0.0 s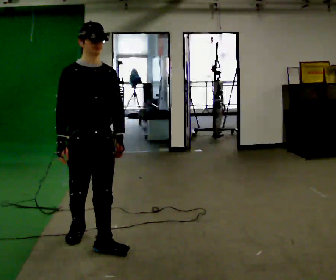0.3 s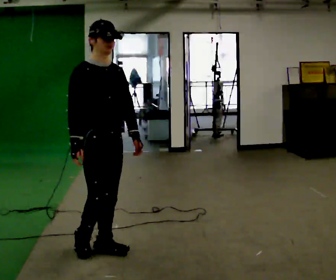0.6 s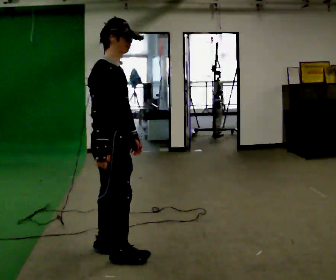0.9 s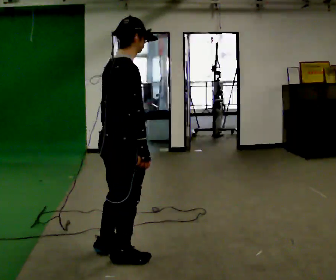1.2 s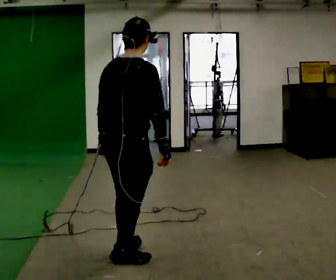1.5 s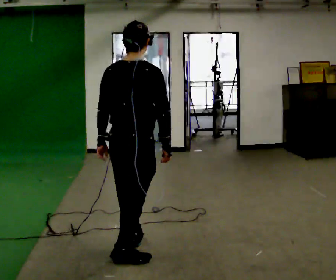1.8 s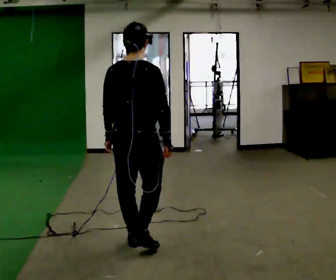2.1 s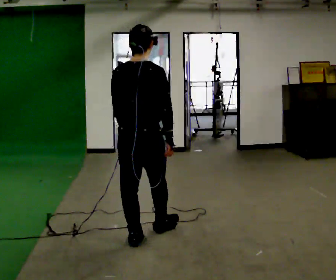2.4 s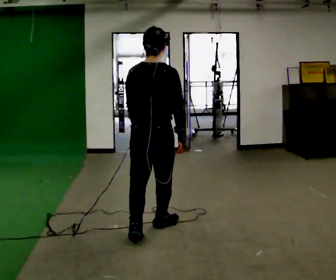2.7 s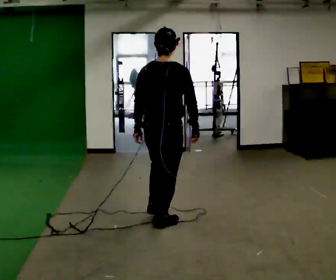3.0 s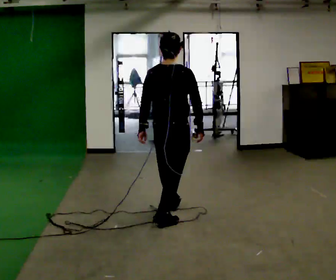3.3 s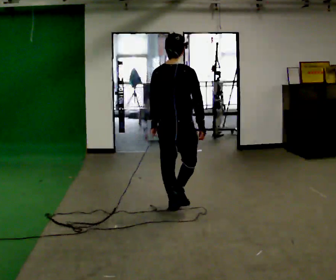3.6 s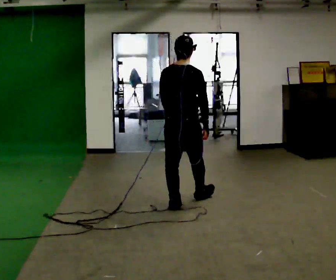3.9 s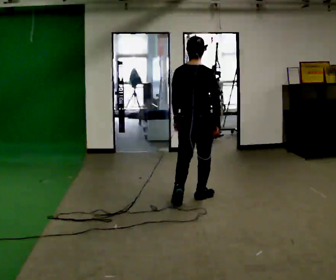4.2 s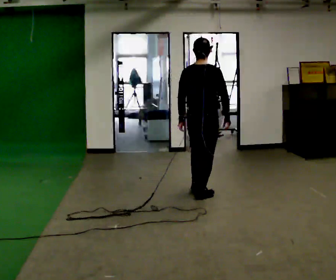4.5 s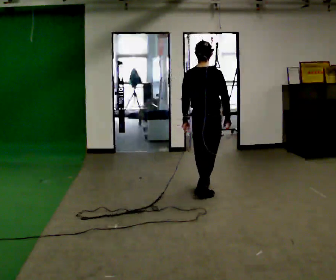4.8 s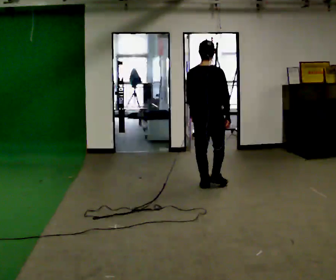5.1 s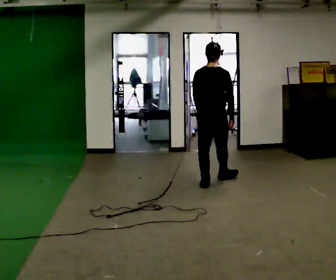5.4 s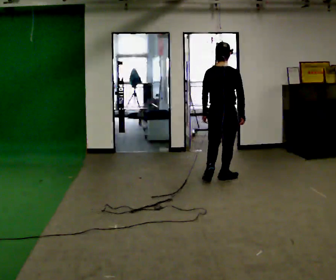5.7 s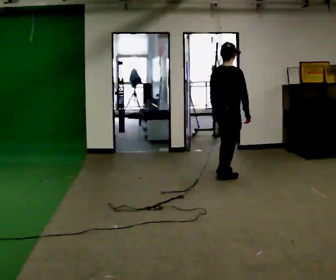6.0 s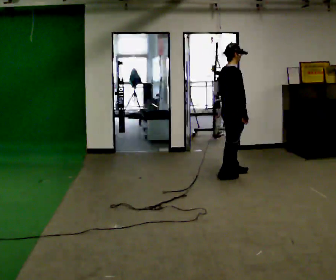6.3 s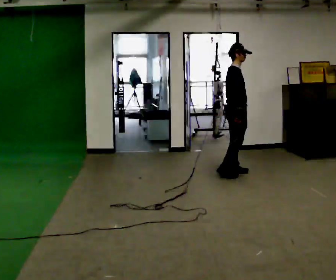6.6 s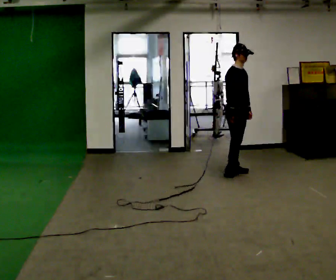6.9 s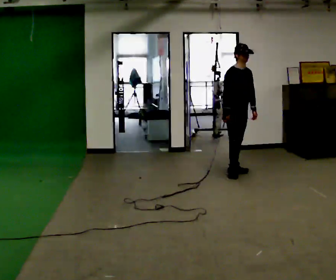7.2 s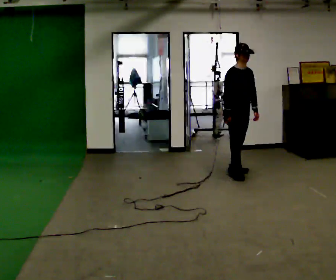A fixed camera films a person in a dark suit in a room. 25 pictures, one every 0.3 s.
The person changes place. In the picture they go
away from the camera.
0.0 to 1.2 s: The part of the body nearest the lens slides to the right as the person turns to their left by about 120 degrees. In the picture they go to the right and toward the camera, about 0.25 m in 1 step.
1.2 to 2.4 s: In the picture they go away from the camera, about 0.75 m in 2 steps, which for them is forward.
2.4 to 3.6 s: In the picture they go away from the camera, about 1 m in 1 step, which for them is forward.
3.6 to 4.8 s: In the picture they go away from the camera, about 1 m in 2 steps, which for them is forward.
4.8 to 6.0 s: The part of the body nearest the lens slides to the left as the person turns to their right by about 60 degrees. In the picture they go away from the camera and to the right, about 0.5 m in 2 steps, which for them is forward.
6.0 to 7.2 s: The person turns about 60 degrees to their right, clockwise seen from above, so the part of the body nearest the lens slides to the left. In the picture their left hand goes to the right.
The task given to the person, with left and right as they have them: Walk through 3–5 turns in sequence; keep moving; stop at end.
The film runs forward here.
